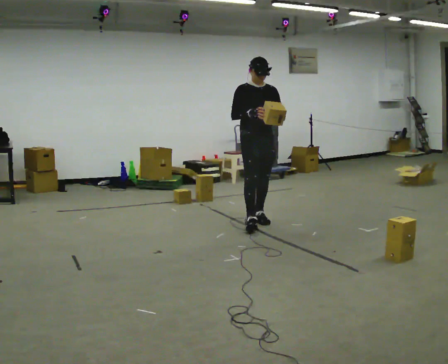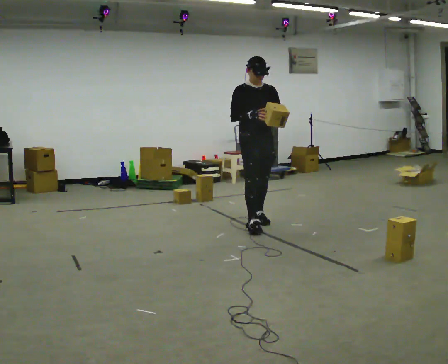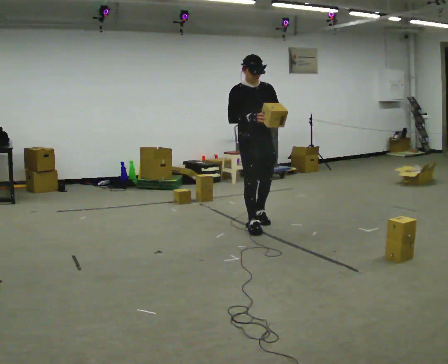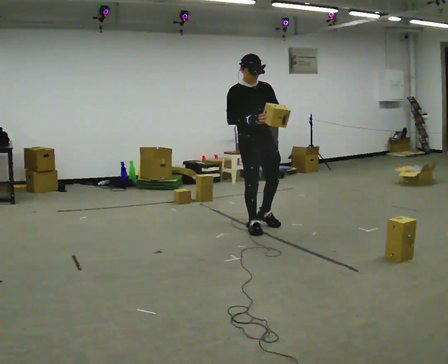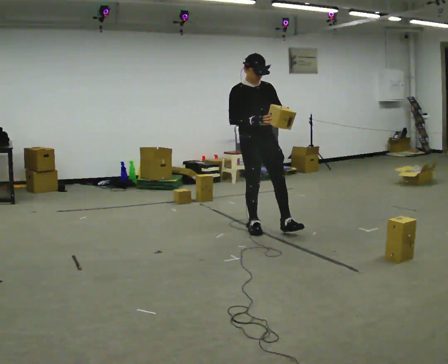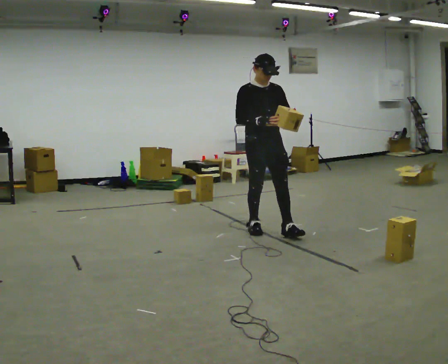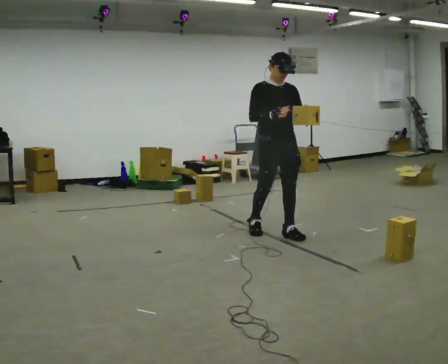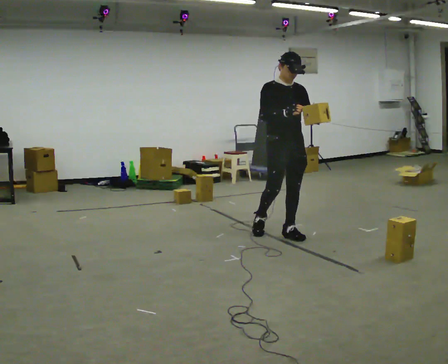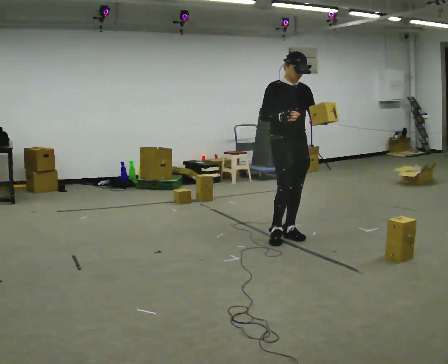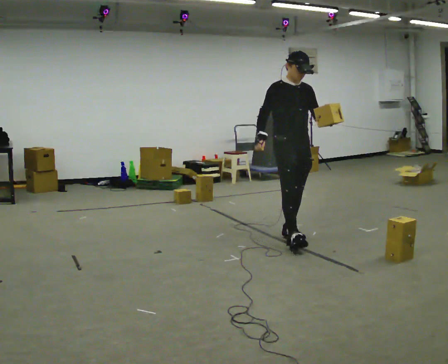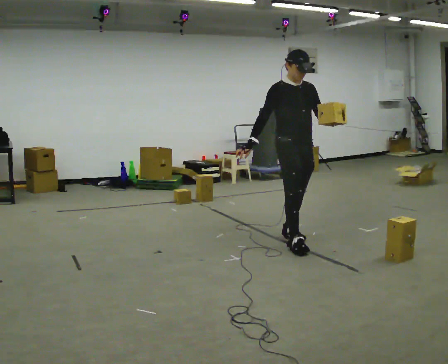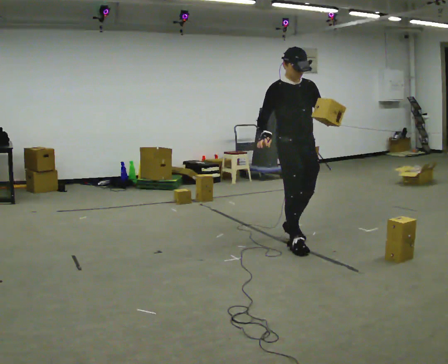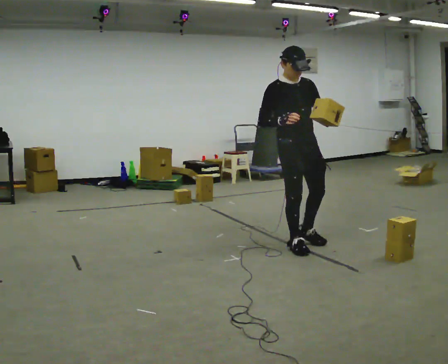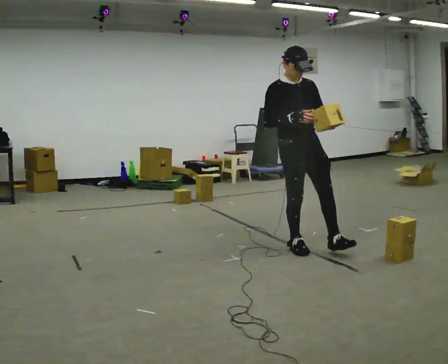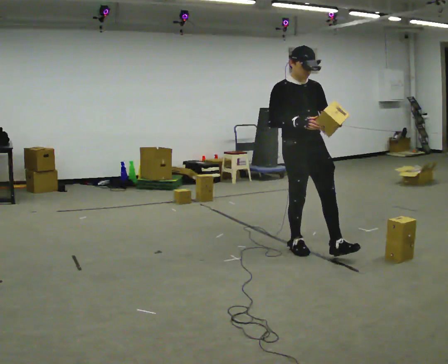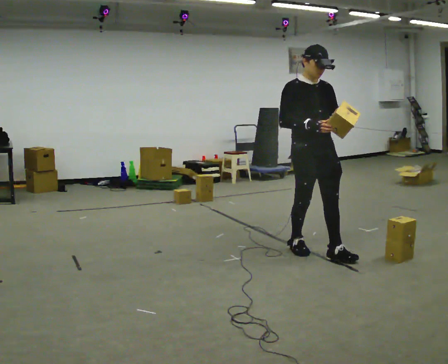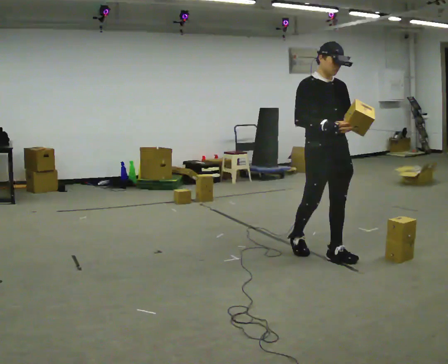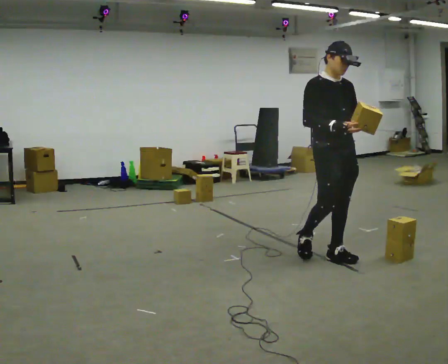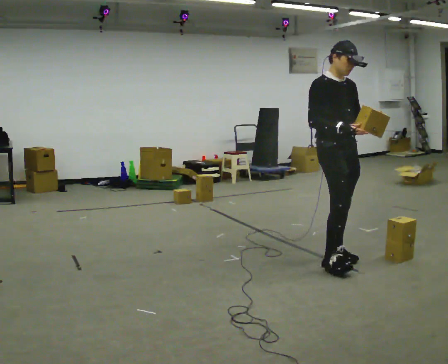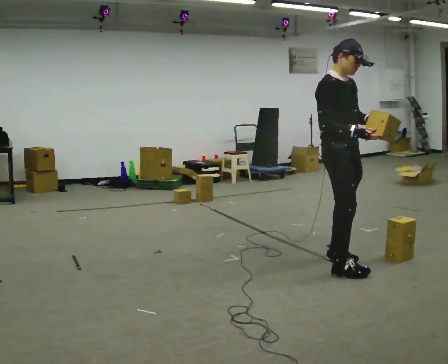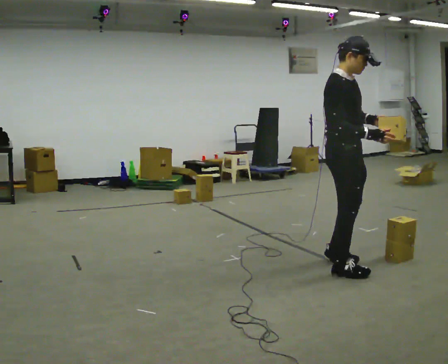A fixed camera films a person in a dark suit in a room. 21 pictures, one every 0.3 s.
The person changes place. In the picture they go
toward the camera.
0.0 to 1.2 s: In the picture they go toward the camera, about 0.25 m in 1 step, which for them is forward and to their right.
1.2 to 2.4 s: In the picture they go to the right and toward the camera, about 0.5 m in 1 step, which for them is forward and to their left.
2.4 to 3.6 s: In the picture they go toward the camera, about 0.25 m in 1 step, which for them is forward and to their right.
3.6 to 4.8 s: In the picture they go to the right and toward the camera, about 0.25 m in 1 step, which for them is forward.
4.8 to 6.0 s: The part of the body nearest the lens slides to the right as the person turns to their left by about 45 degrees. In the picture they go toward the camera, about 0.25 m in 1 step, which for them is forward and to their right.
The film runs forward here.
